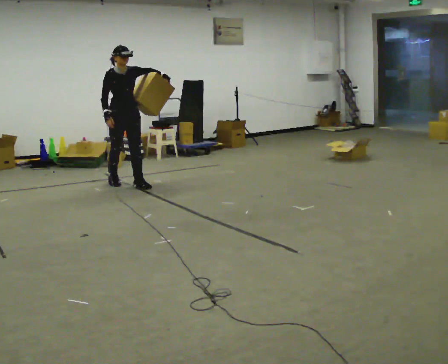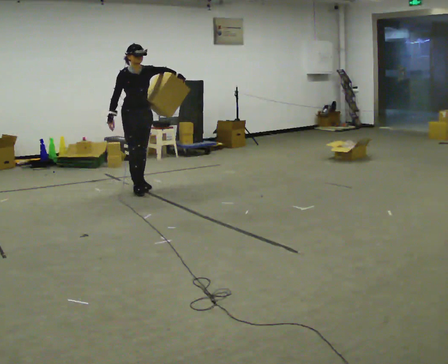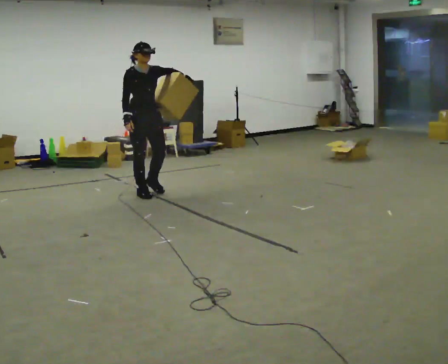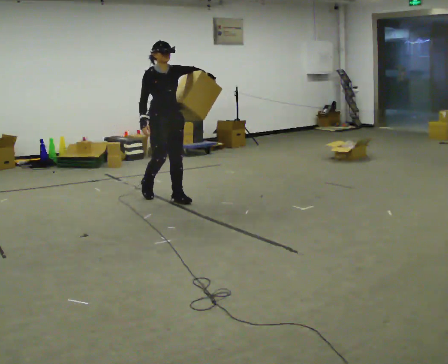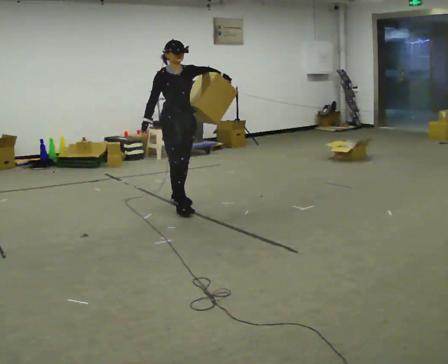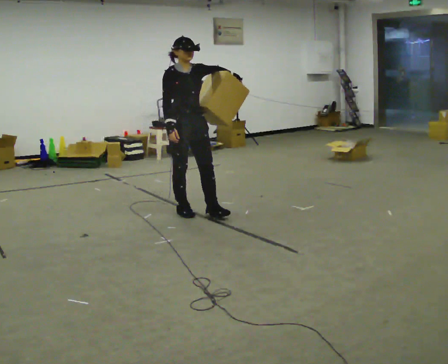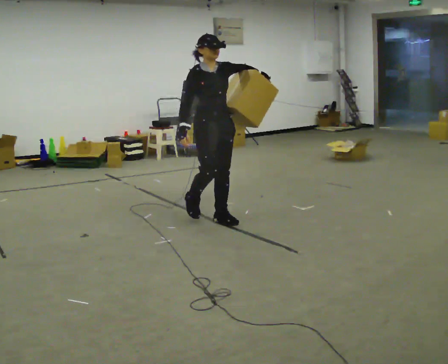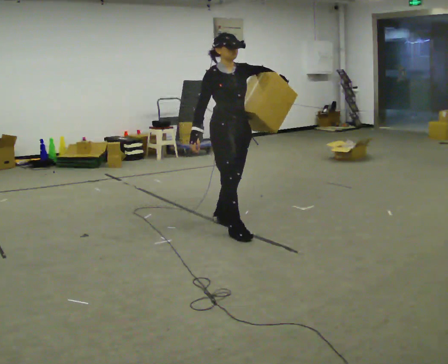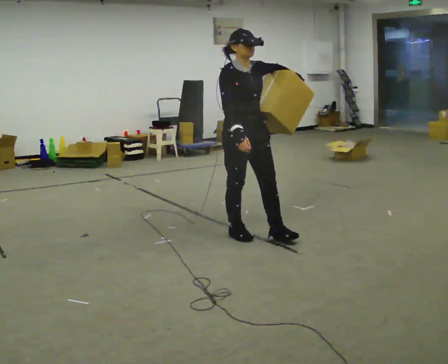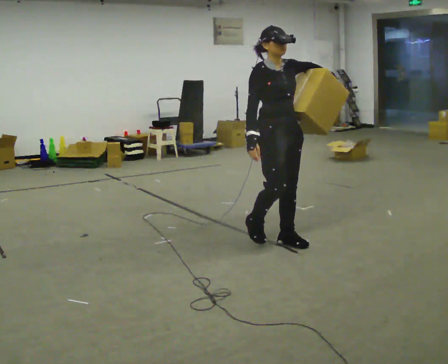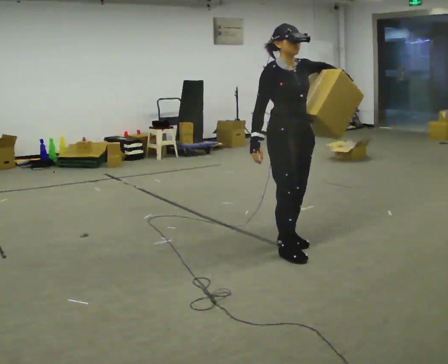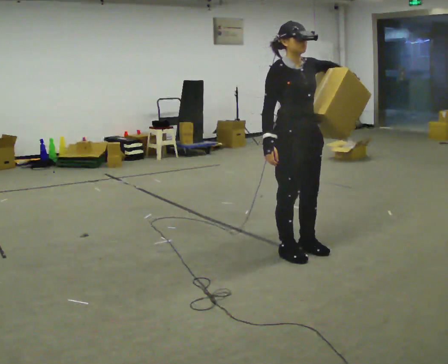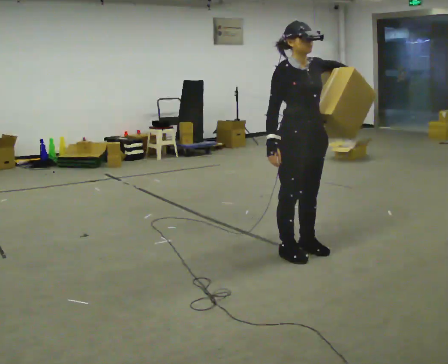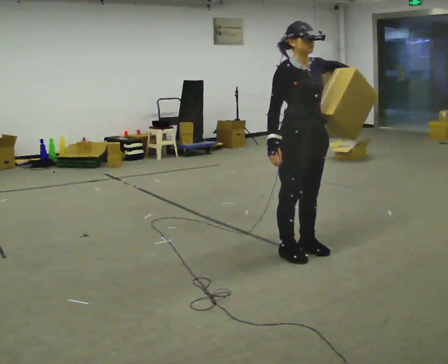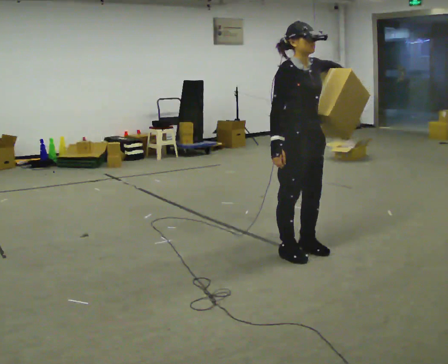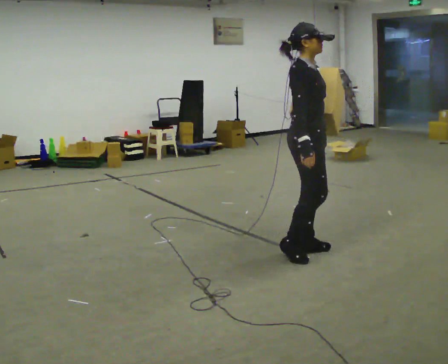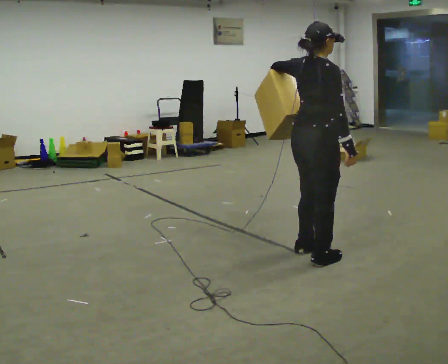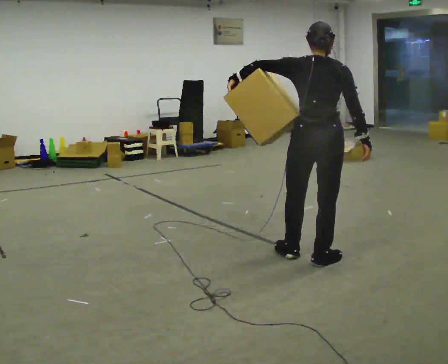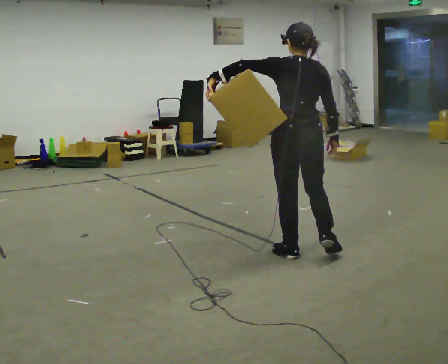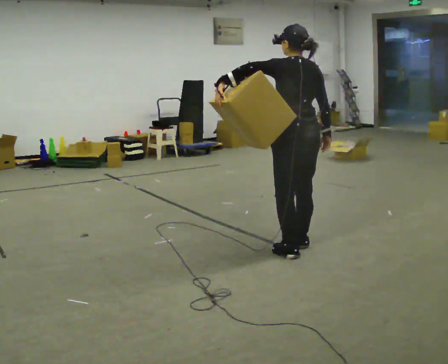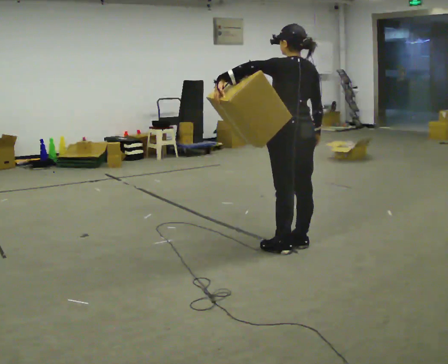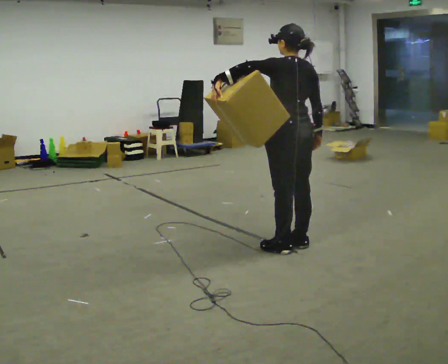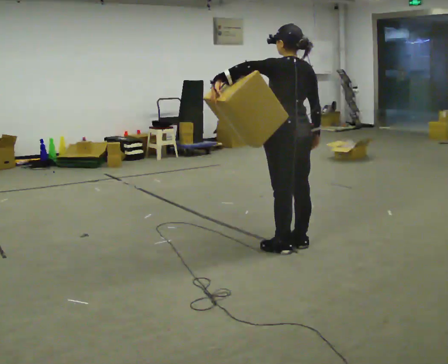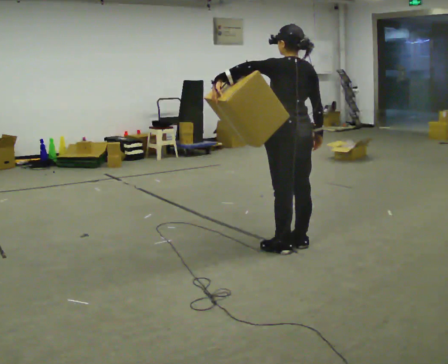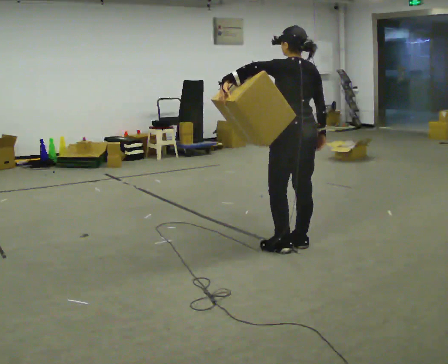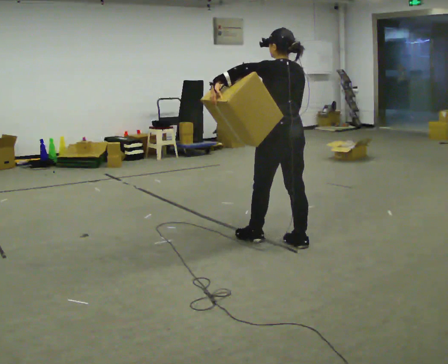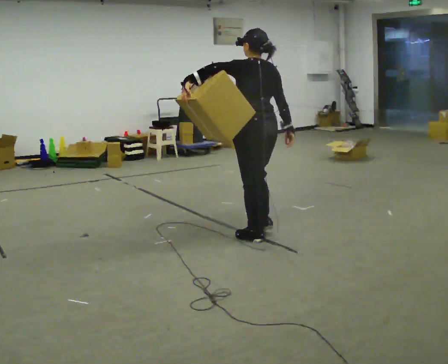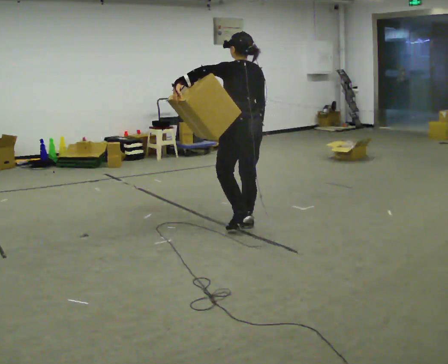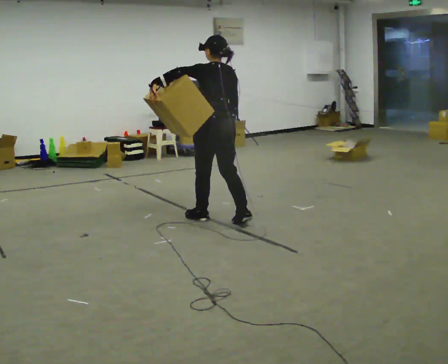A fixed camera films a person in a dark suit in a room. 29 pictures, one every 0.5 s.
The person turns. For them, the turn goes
to their left.
The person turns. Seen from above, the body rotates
counterclockwise.
0.0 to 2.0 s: In the picture they go to the right and toward the camera, about 1 m in 3 steps, which for them is forward.
2.0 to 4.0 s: In the picture they go to the right and toward the camera, about 1 m in 2 steps, which for them is forward.
4.0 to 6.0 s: In the picture they go to the right and toward the camera, about 0.5 m in 3 steps, which for them is forward.
6.0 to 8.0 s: Seen from above the body turns counterclockwise, about 90 degrees: to their left, with its near side sliding to the right. In the picture their left hand goes to the left.
8.0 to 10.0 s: Seen from above the body turns counterclockwise, about 105 degrees: to their left, with its near side sliding to the right. In the picture they go to the left, about 0.25 m in 1 step.
10.0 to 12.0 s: The person moves a little, or ends about where they began.
12.0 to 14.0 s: In the picture they go to the left and away from the camera, about 1 m in 3 steps, which for them is forward.
The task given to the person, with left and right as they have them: Hold the object against your hip on the side the operator calls, and carry it back and forth across the room.
The film runs forward here.
